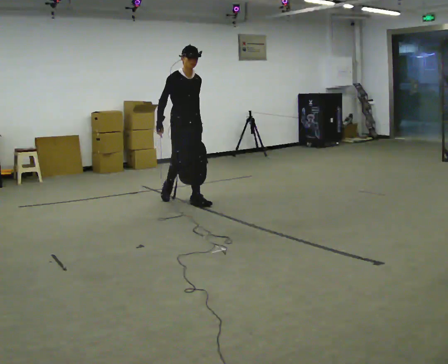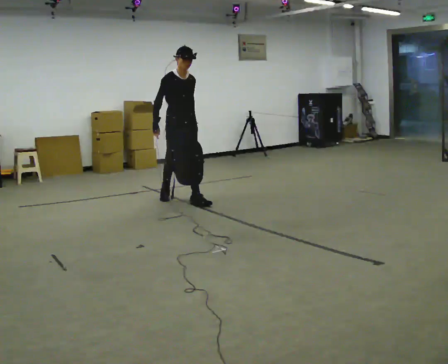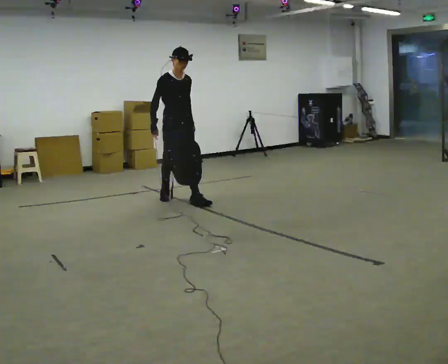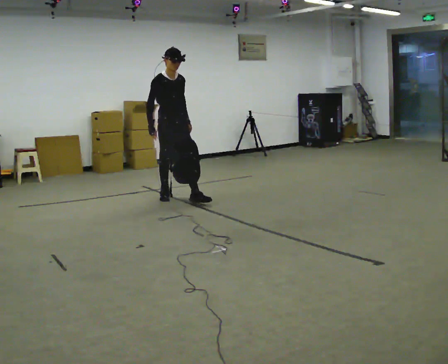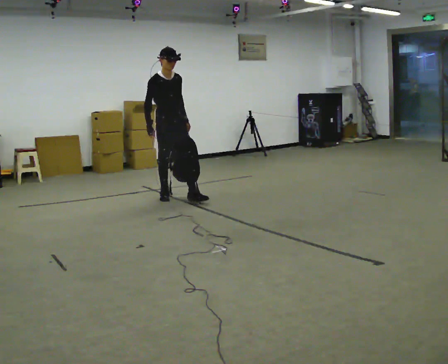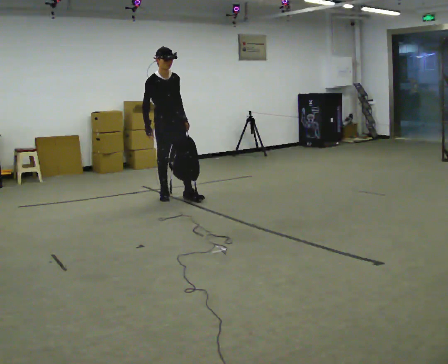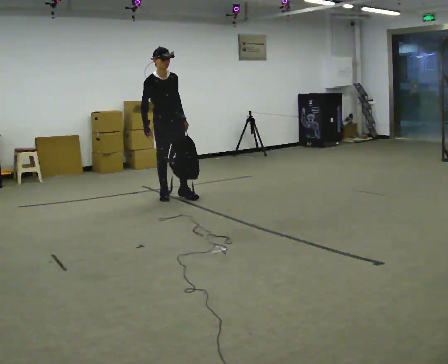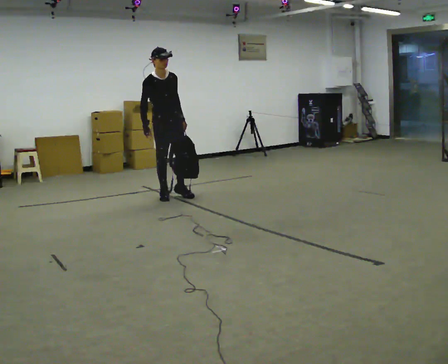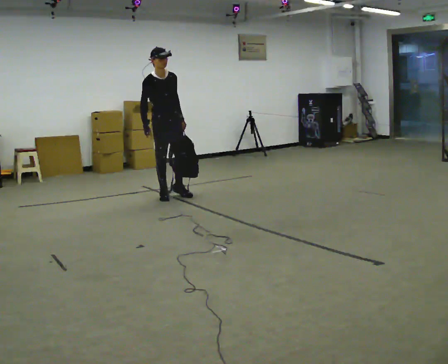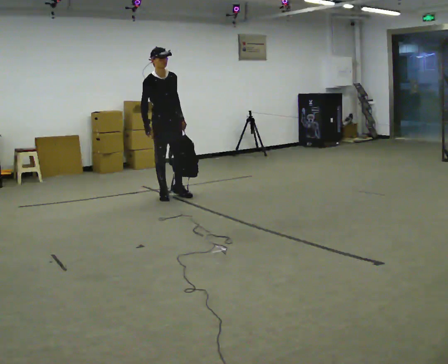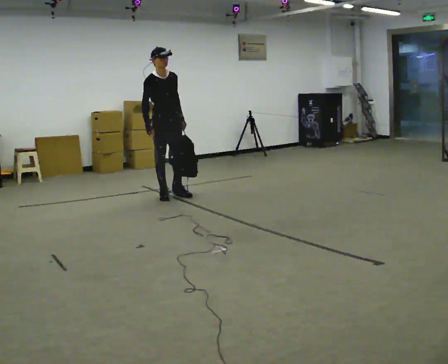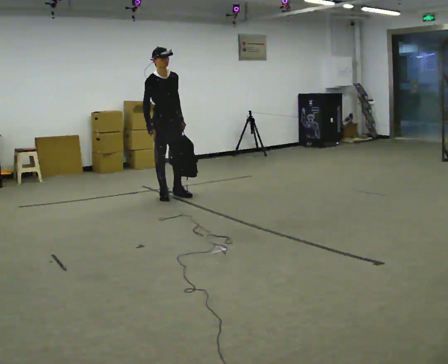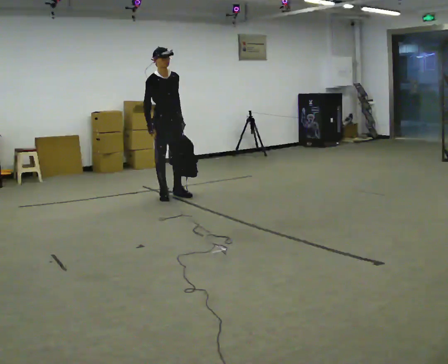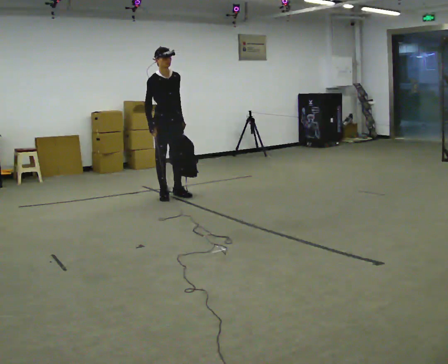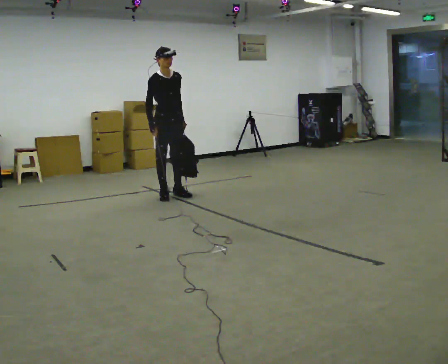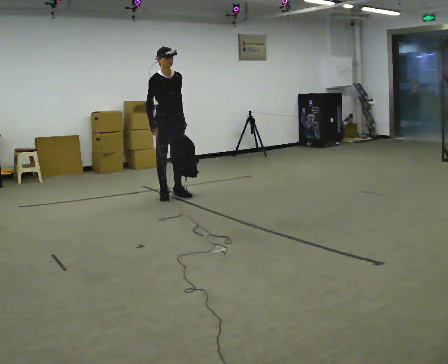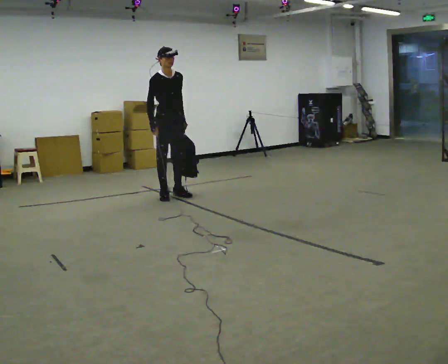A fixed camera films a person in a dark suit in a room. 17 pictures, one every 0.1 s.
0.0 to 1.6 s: In the picture they go away from the camera and to the left, about 0.5 m in 1 step, which for them is backward.
The film runs backward here.
